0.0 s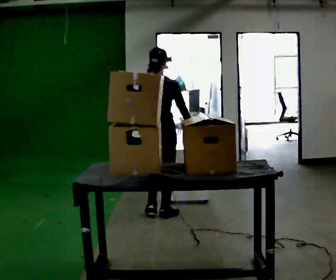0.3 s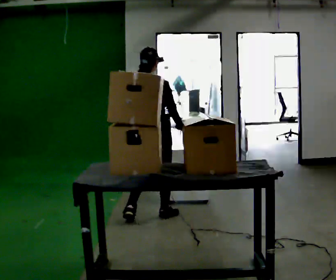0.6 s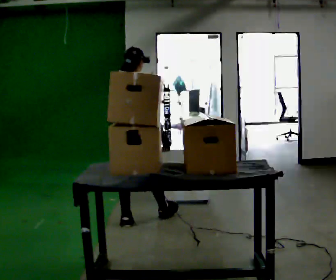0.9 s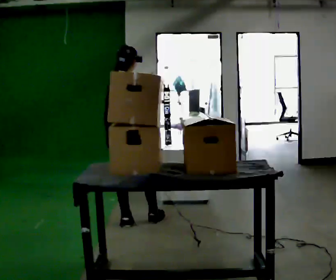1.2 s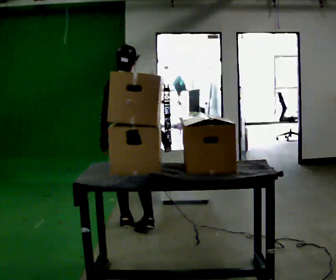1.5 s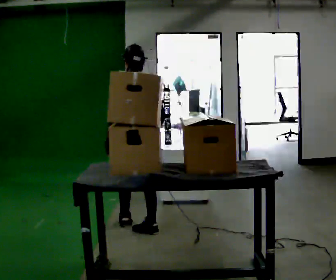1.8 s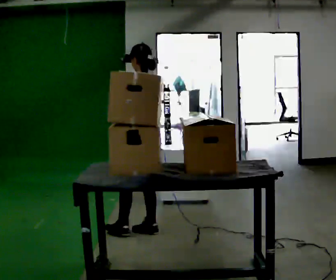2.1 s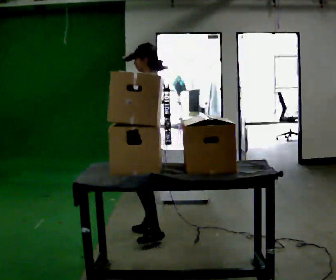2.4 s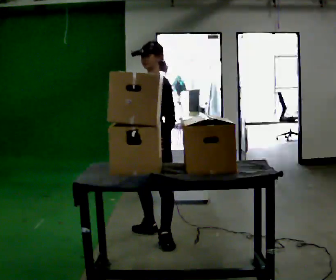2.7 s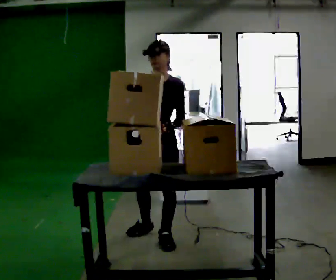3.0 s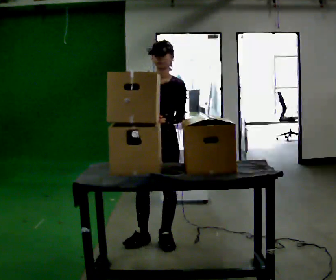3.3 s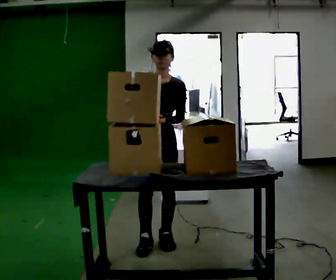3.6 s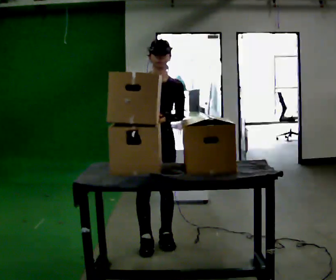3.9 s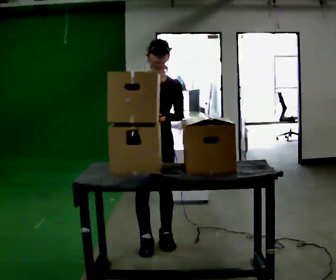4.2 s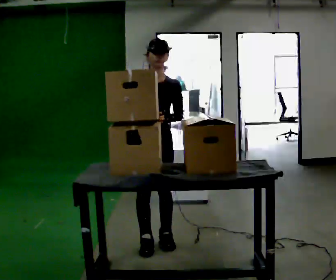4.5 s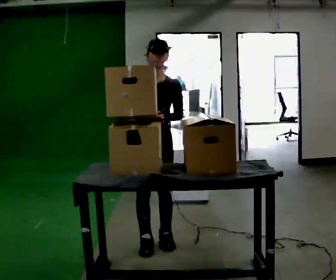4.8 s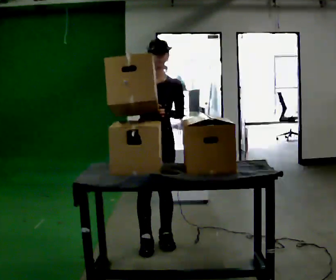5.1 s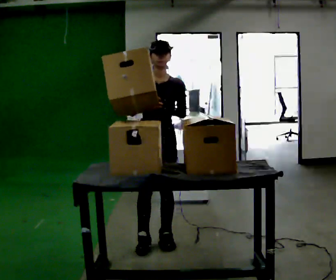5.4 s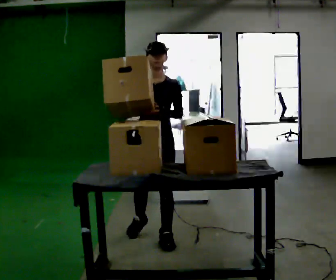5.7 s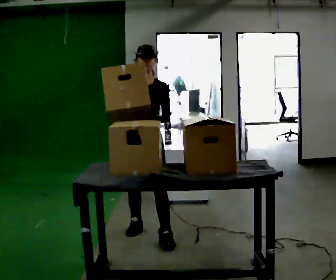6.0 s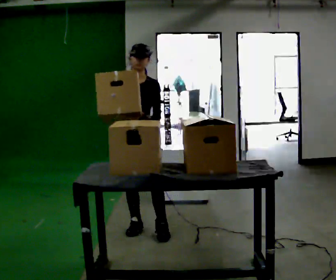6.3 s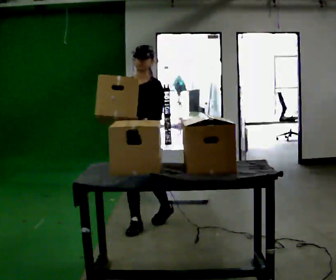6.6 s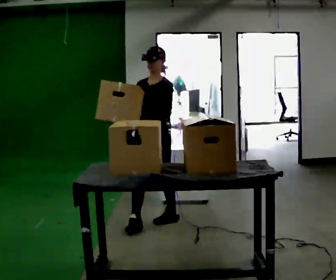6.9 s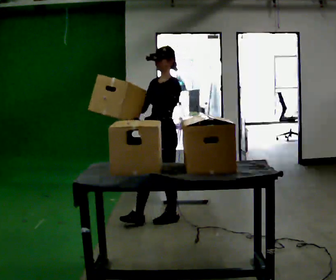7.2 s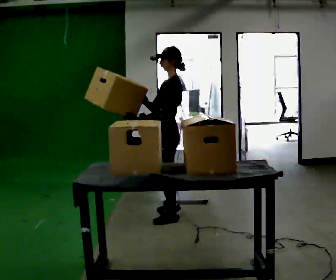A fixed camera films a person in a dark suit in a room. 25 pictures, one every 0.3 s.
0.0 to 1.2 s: In the picture they go toward the camera and to the left, about 0.5 m in 1 step, which for them is backward.
1.2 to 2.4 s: Seen from above the body turns counterclockwise, about 135 degrees: to their left, with its near side sliding to the right. In the picture they go toward the camera and to the right, about 0.5 m in 1 step.
2.4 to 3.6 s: Seen from above the body turns counterclockwise, about 60 degrees: to their left, with its near side sliding to the right. In the picture they go toward the camera, about 0.25 m in 1 step, which for them is forward.
3.6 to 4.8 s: The person moves a little, or ends about where they began.
4.8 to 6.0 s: In the picture they go away from the camera, about 0.5 m in 2 steps, which for them is backward and to their right.
6.0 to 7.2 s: Seen from above the body turns clockwise, about 90 degrees: to their right, with its near side sliding to the left. In the picture they go to the right and away from the camera, about 0.5 m in 1 step.
The film runs backward here.
